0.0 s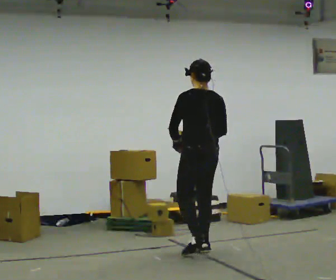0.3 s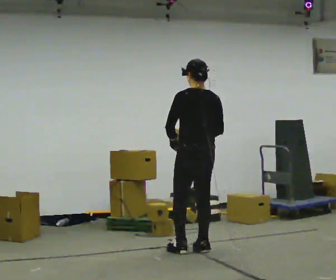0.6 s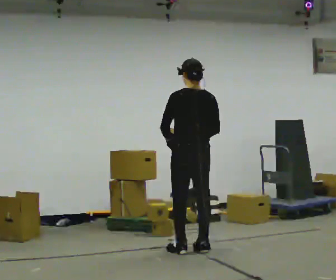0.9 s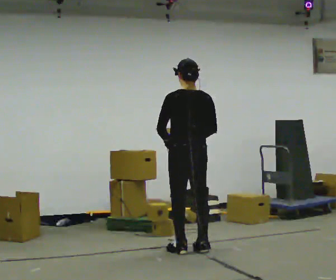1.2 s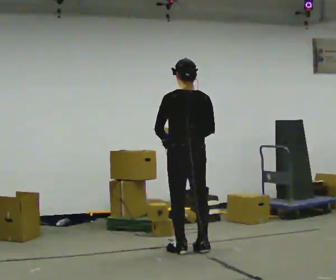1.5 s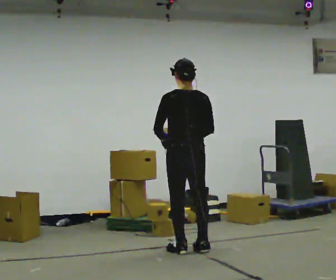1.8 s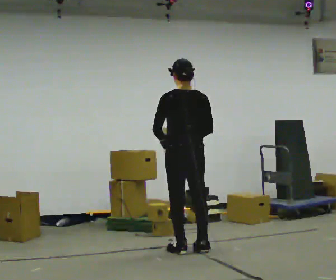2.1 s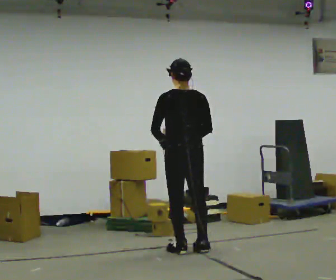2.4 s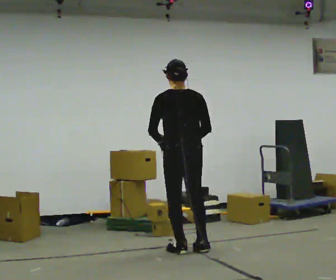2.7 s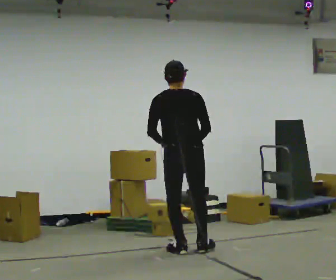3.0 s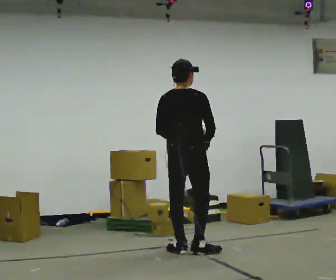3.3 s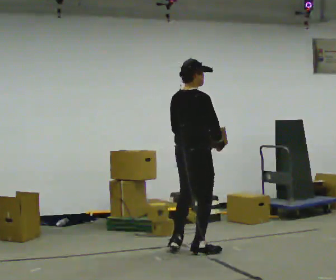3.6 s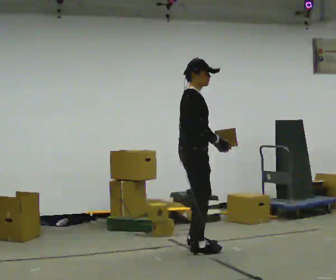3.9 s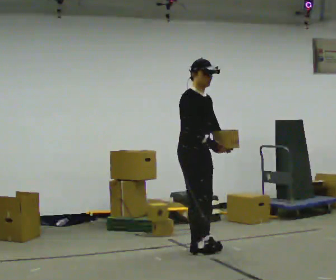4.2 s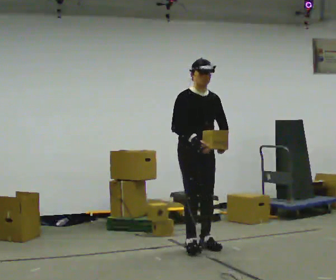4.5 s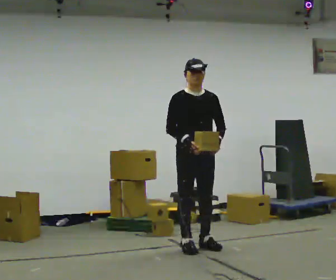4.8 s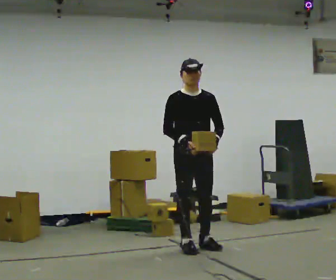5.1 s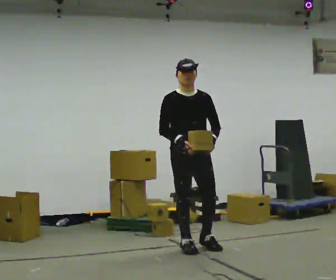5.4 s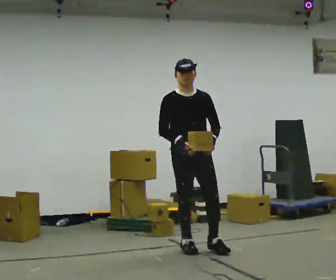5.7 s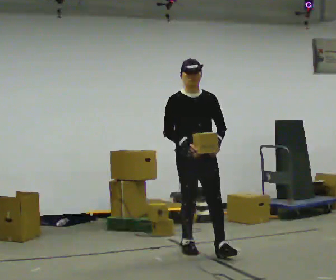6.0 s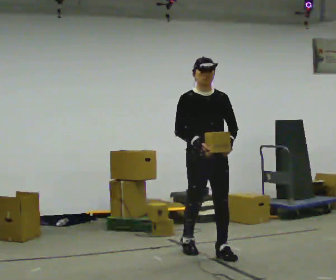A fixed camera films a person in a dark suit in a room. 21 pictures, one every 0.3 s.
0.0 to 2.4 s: In the picture they go to the left, about 0.25 m in 1 step, which for them is to their left.
2.4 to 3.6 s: The person turns about 105 degrees to their right, clockwise seen from above, so the part of the body nearest the lens slides to the left. In the picture their left hand goes to the right, the arm swinging counterclockwise.
3.6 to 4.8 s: The part of the body nearest the lens slides to the left as the person turns to their right by about 75 degrees.
4.8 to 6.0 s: In the picture they go toward the camera and to the right, about 0.25 m in 1 step, which for them is forward.
The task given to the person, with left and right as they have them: Carry the light box in both hands in front of you, walking back and forth across the room. Keep walking until the operator says stop.
The film runs forward here.
